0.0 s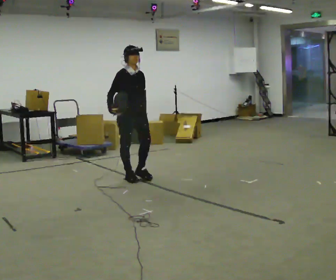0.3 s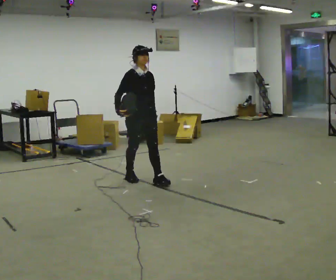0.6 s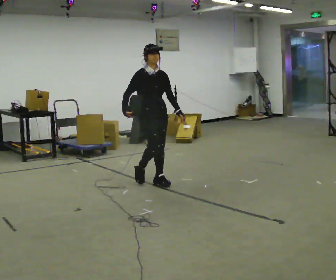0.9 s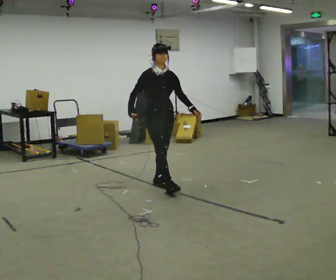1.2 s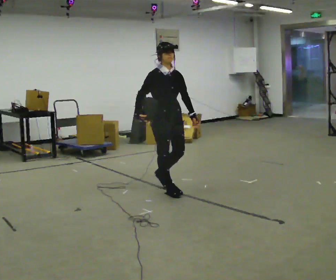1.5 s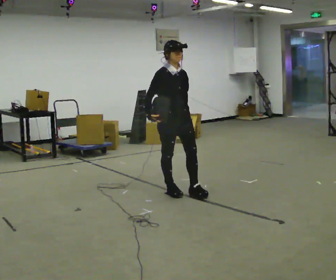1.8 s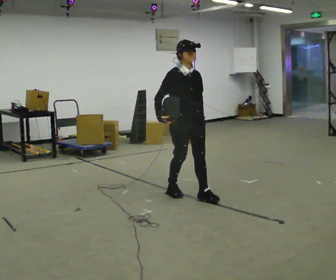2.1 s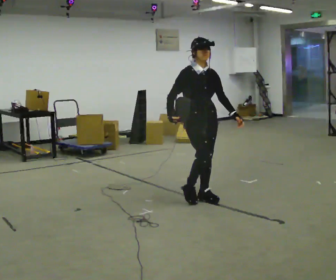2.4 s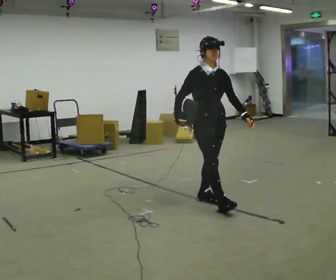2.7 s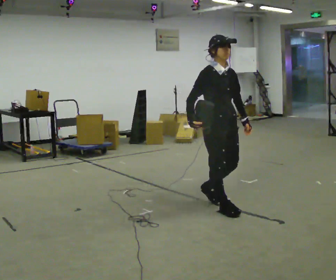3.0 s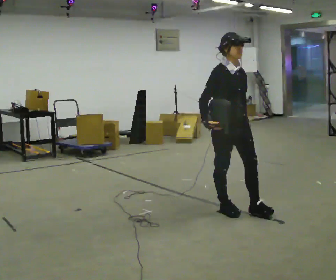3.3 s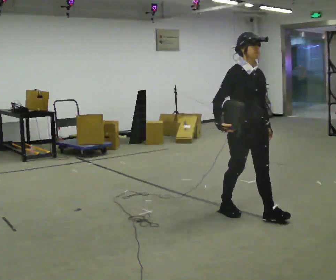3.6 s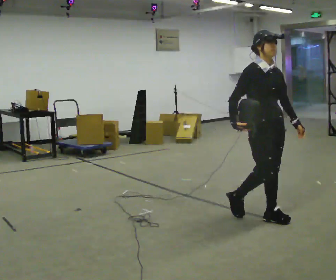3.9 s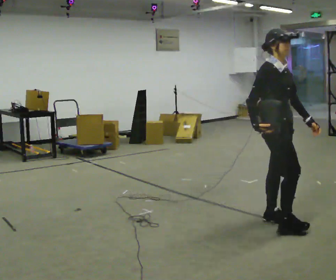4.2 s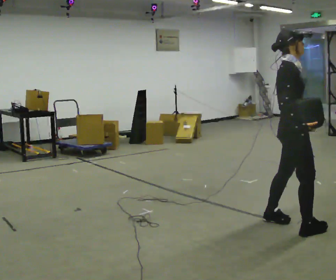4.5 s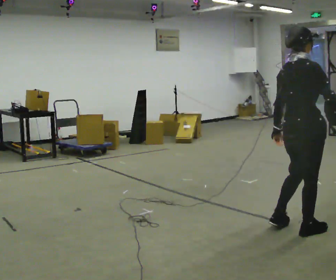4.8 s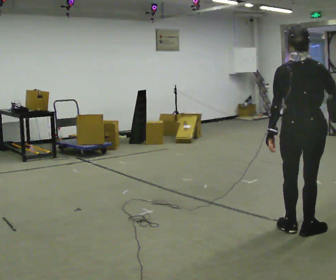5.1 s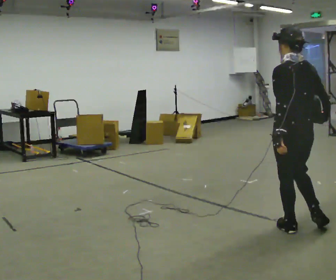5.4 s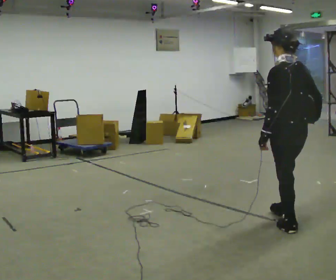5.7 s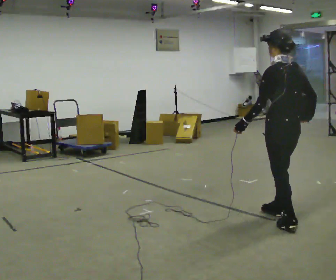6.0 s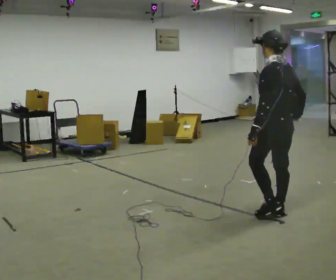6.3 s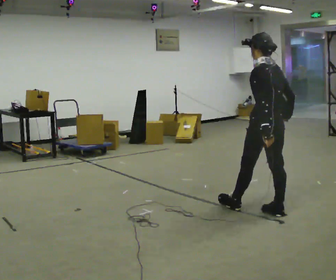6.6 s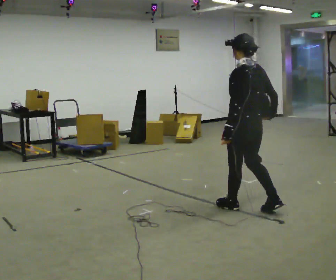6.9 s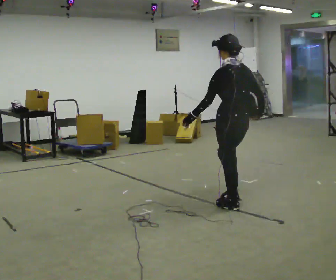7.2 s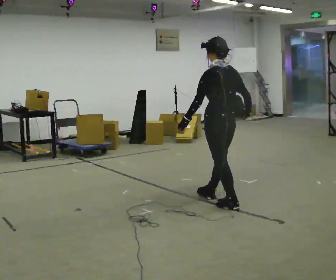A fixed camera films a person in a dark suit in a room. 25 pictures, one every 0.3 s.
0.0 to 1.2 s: In the picture they go to the right and toward the camera, about 0.75 m in 2 steps, which for them is forward.
1.2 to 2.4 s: In the picture they go to the right and toward the camera, about 0.5 m in 1 step, which for them is forward.
2.4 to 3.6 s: In the picture they go to the right and toward the camera, about 0.75 m in 2 steps, which for them is forward.
3.6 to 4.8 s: The part of the body nearest the lens slides to the right as the person turns to their left by about 135 degrees. In the picture they go to the right and toward the camera, about 0.5 m in 2 steps.
4.8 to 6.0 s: The person turns about 60 degrees to their left, counterclockwise seen from above, so the part of the body nearest the lens slides to the right. In the picture they go away from the camera and to the left, about 0.5 m in 1 step, which for them is forward.
6.0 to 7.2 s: In the picture they go to the left and away from the camera, about 0.75 m in 2 steps, which for them is forward.
The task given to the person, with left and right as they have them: Hold the object against your hip on the side the operator calls, and carry it back and forth across the room.
The film runs forward here.
